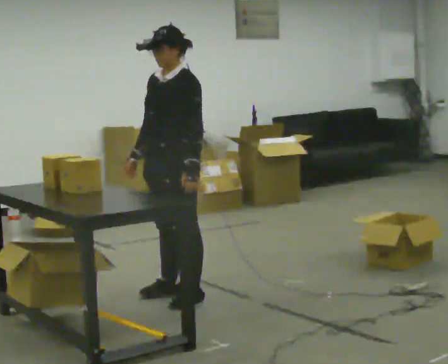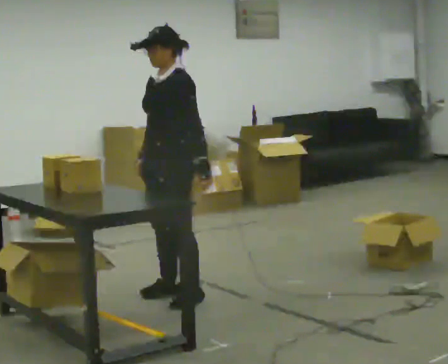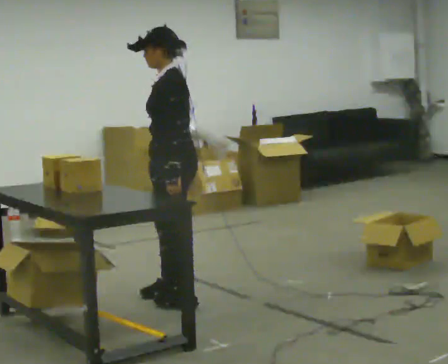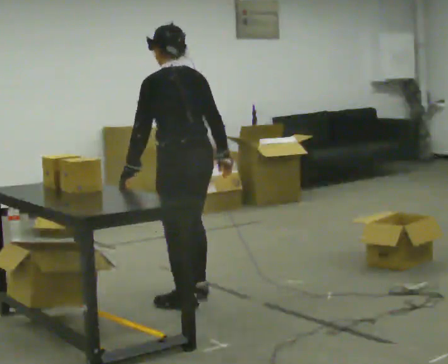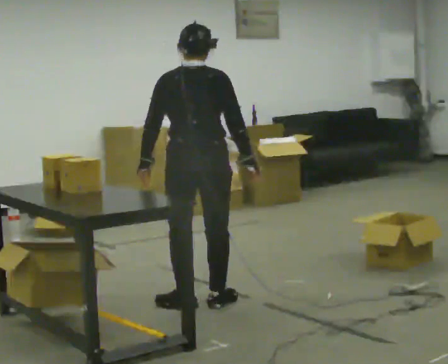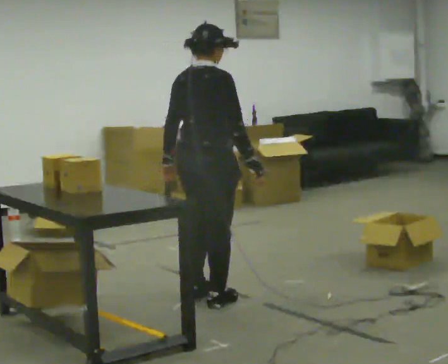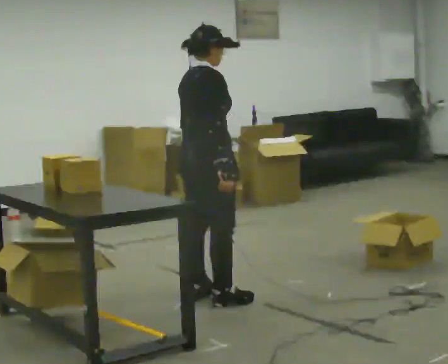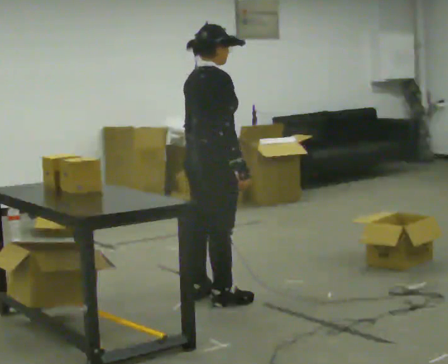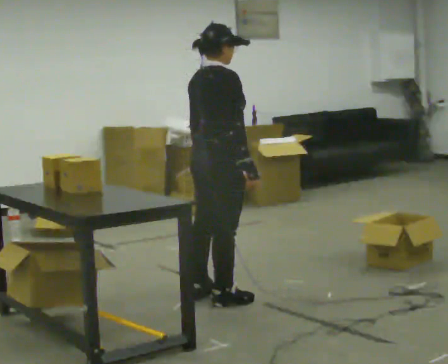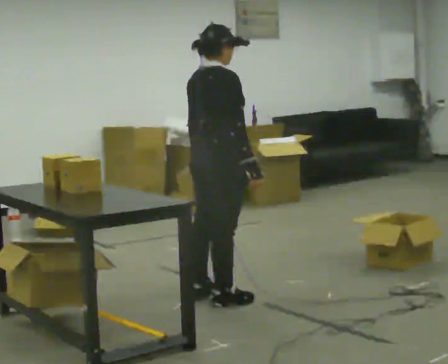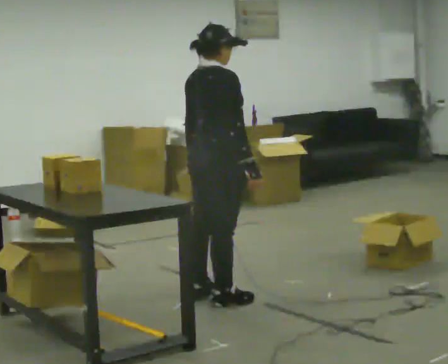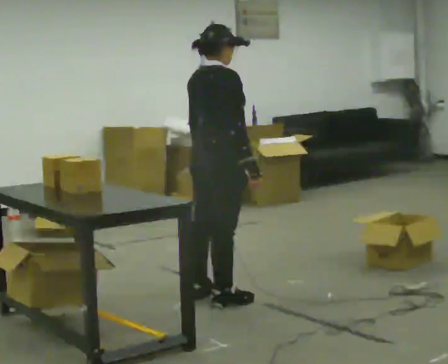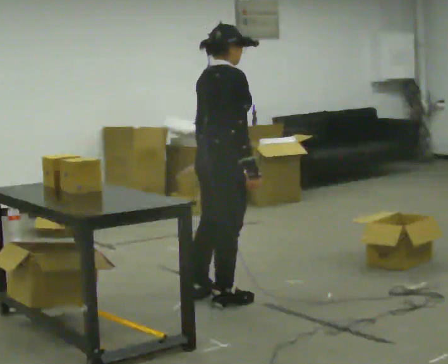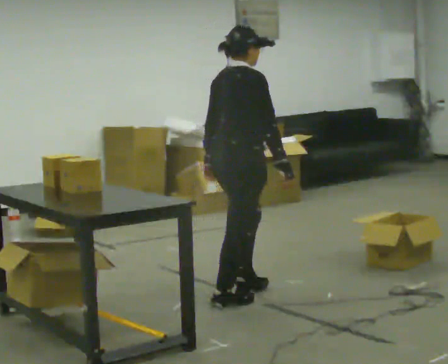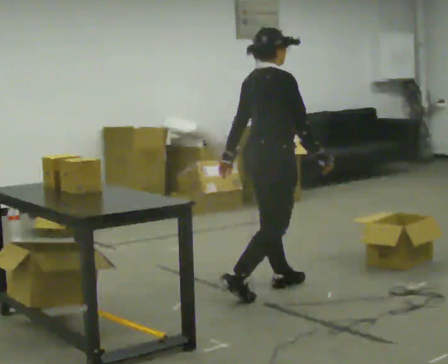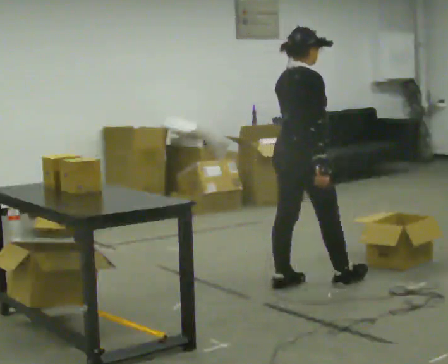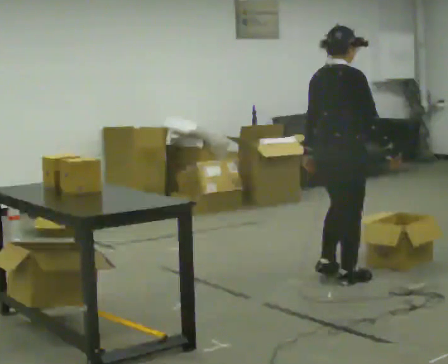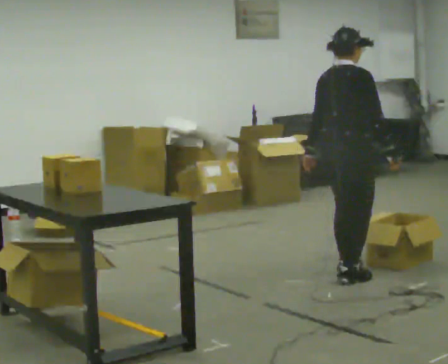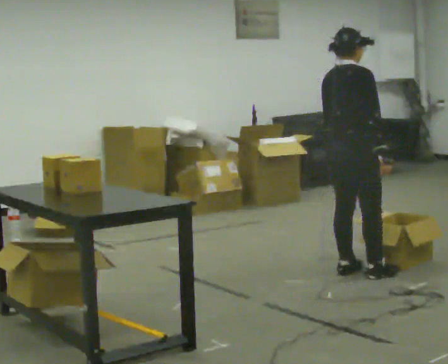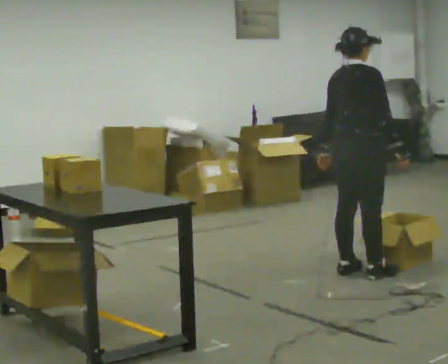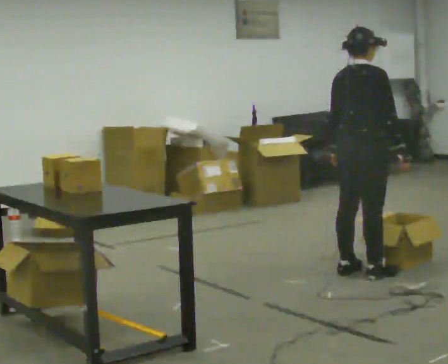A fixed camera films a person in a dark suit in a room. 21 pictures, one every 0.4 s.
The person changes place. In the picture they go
to the right.
0.0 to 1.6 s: Seen from above the body turns clockwise, about 120 degrees: to their right, with its near side sliding to the left. In the picture they go to the right and toward the camera, about 0.25 m in 2 steps. In the picture their right hand goes to the right, the arm swinging counterclockwise.
1.6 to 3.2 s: The part of the body nearest the lens slides to the left as the person turns to their right by about 45 degrees. In the picture their left hand goes to the right.
3.2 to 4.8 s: The person moves a little, or ends about where they began.
4.8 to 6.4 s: In the picture they go to the right and away from the camera, about 1 m in 2 steps, which for them is forward.
6.4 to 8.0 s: In the picture they go to the right and away from the camera, about 0.25 m in 2 steps, which for them is forward.
The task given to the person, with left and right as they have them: 1. Take everything out of the crates by the door. 2. Put the small items on the middle shelf. 3. Put the large items on the bottom shelf. 4. Stack the empty crates by the door. 5. Tell the operator when you are finished.
The film runs forward here.
